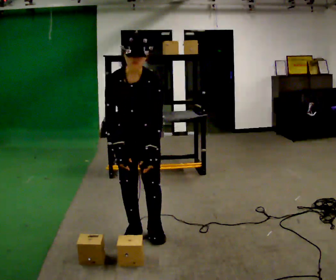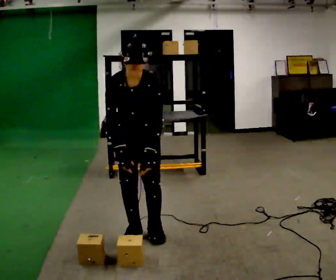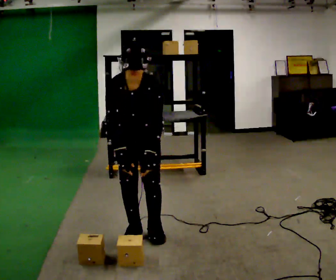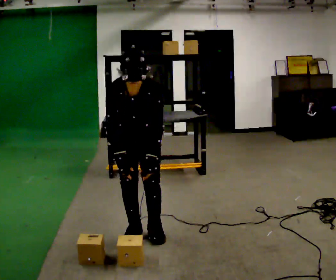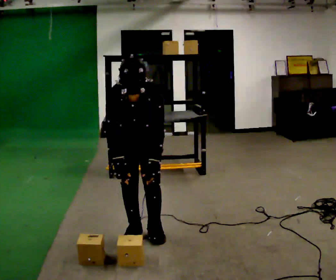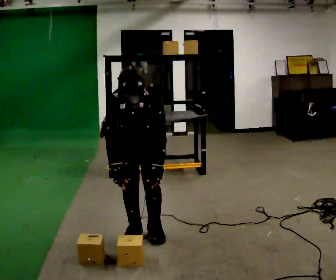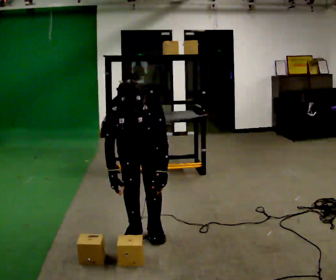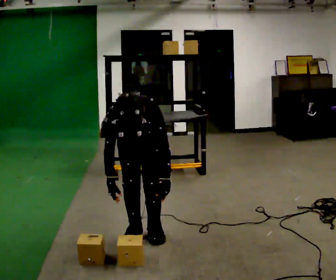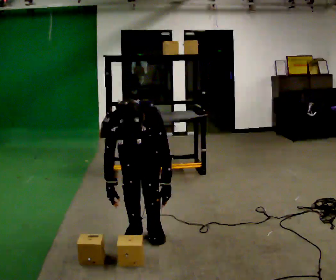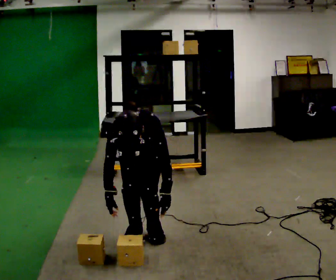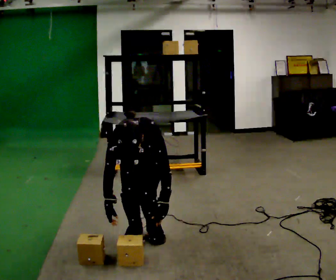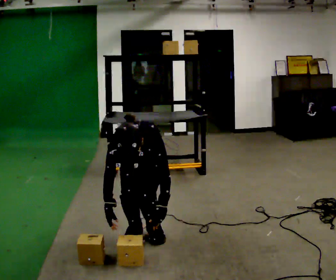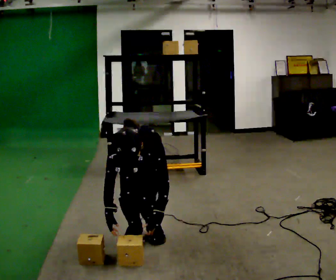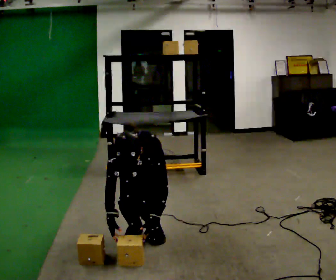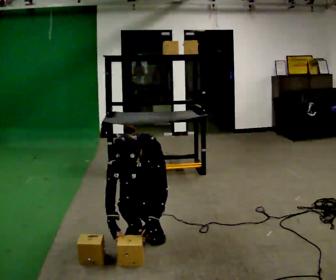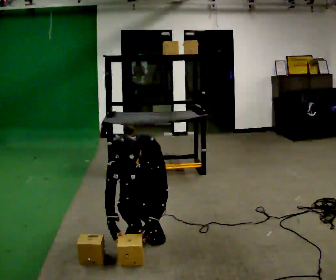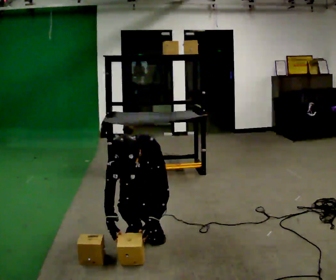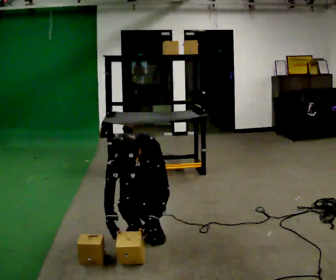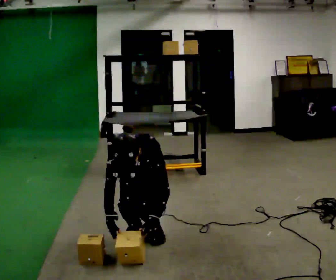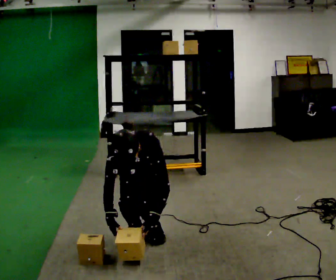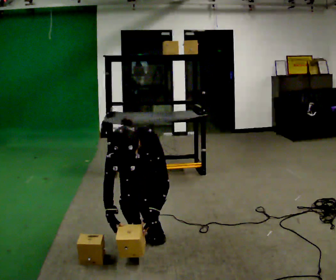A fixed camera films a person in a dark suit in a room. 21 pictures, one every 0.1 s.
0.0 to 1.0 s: The shoulders move downward. The upper body tips toward the camera, its near side rolling downward, as they bend forward. In the picture their right hand goes downward.
1.0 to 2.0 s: The person moves a little, or ends about where they began.
The film runs backward here.
